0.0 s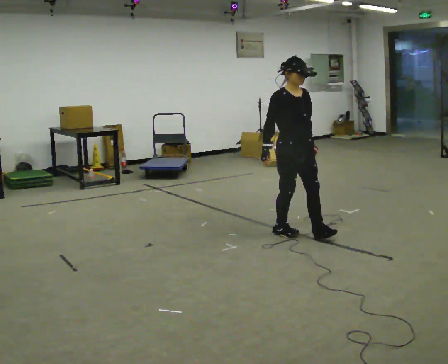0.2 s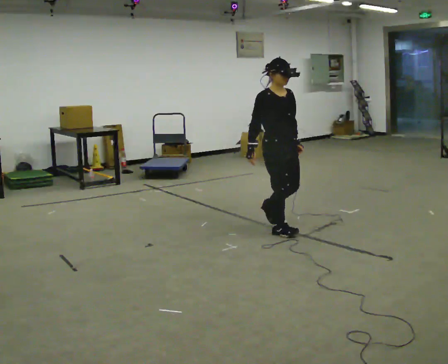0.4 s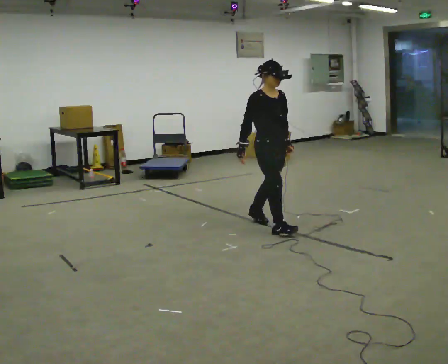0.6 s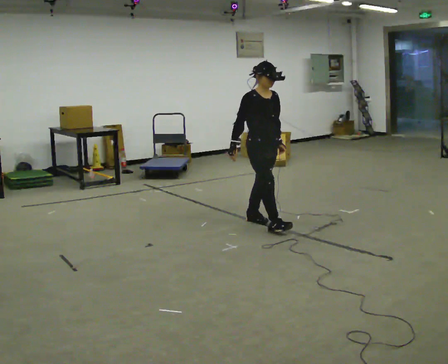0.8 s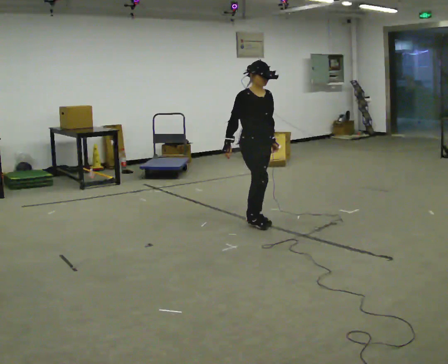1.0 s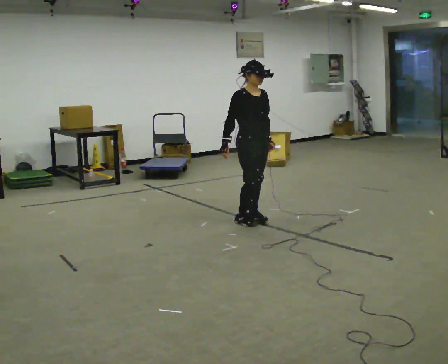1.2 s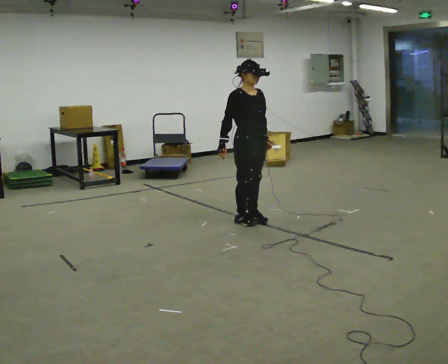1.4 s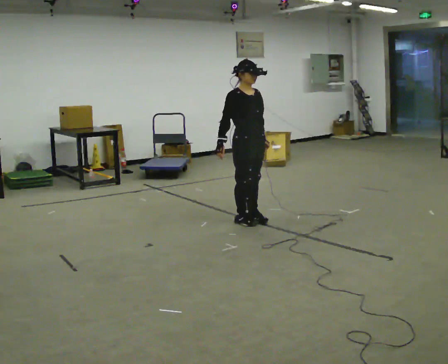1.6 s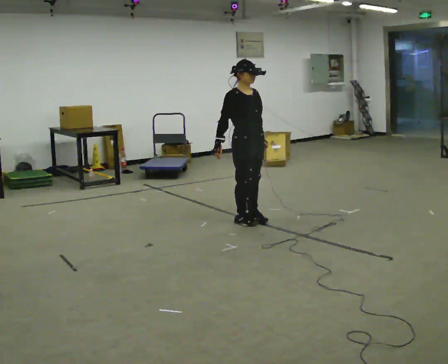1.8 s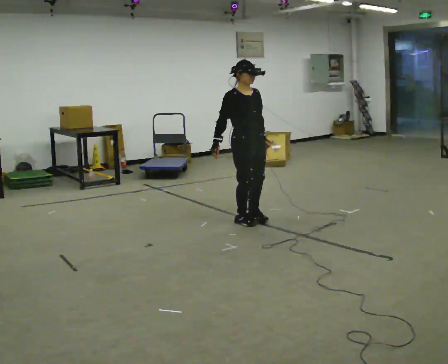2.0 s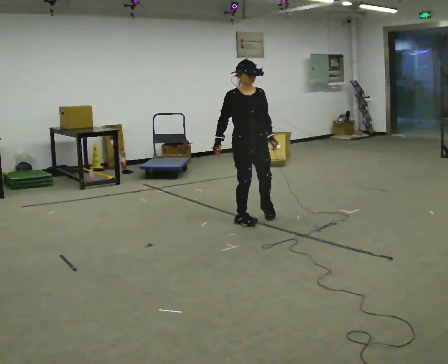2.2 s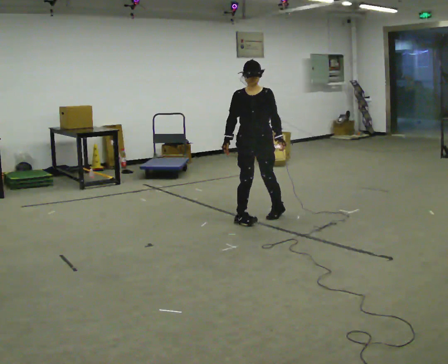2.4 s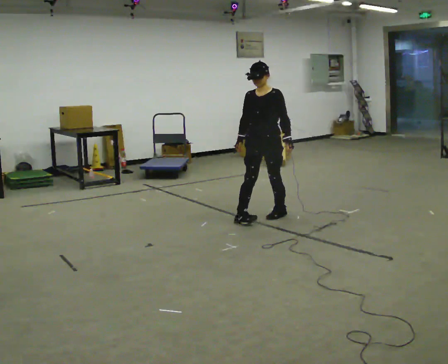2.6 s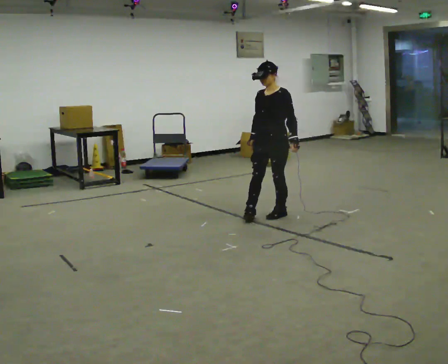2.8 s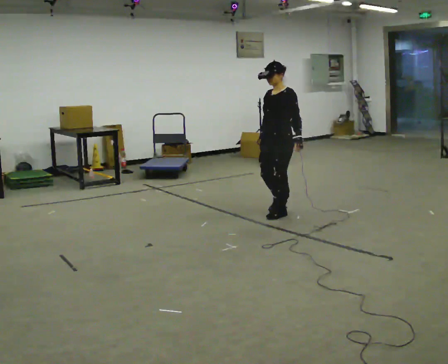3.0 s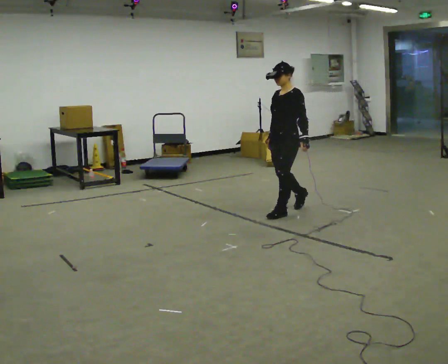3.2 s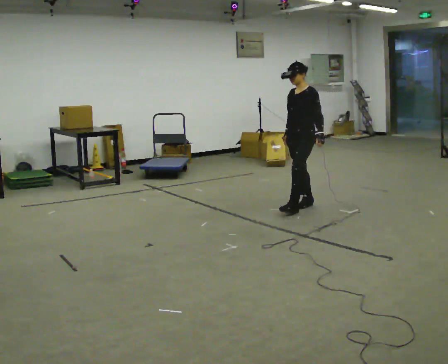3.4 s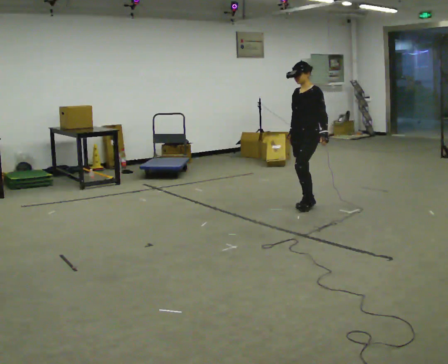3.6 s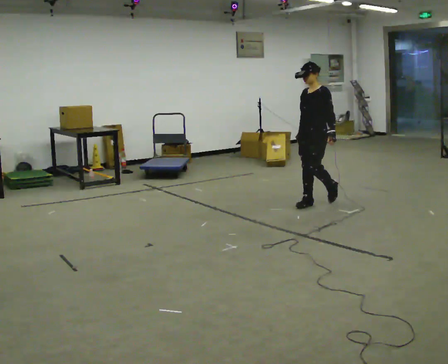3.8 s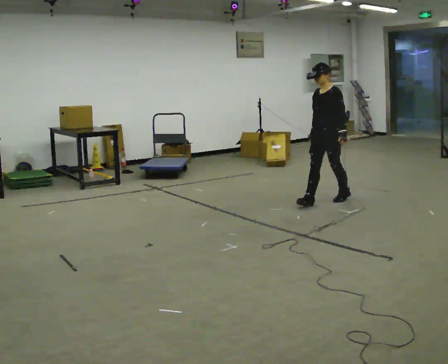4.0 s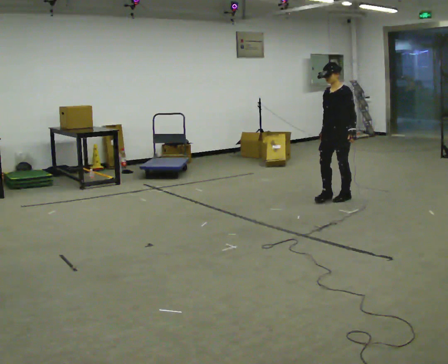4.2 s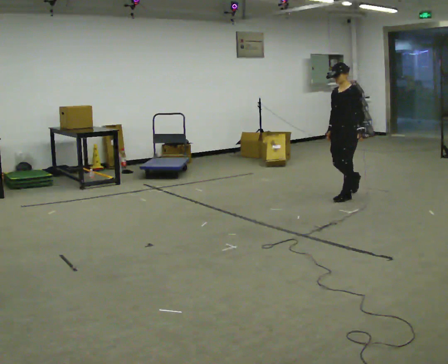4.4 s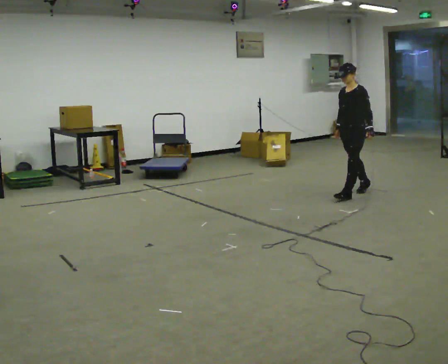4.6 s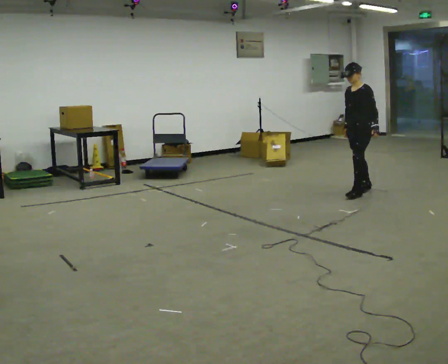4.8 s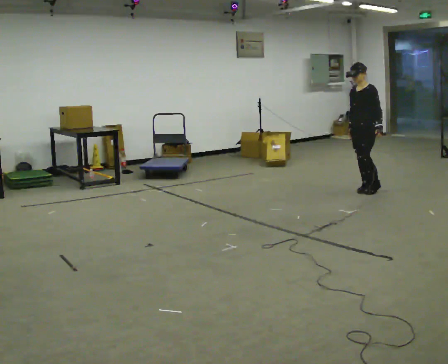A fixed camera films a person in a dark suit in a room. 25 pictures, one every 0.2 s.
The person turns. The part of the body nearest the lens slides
to the left.
The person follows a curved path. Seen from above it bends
clockwise.
0.0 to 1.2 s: In the picture they go away from the camera and to the left, about 0.5 m in 1 step, which for them is backward.
1.2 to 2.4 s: The part of the body nearest the lens slides to the left as the person turns to their right by about 60 degrees. In the picture they go to the right, about 0.25 m in 1 step.
2.4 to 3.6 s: The part of the body nearest the lens slides to the left as the person turns to their right by about 30 degrees. In the picture they go to the right and away from the camera, about 0.5 m in 2 steps, which for them is backward.
3.6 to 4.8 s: In the picture they go to the right and away from the camera, about 1 m in 2 steps, which for them is backward.
The film runs backward here.
